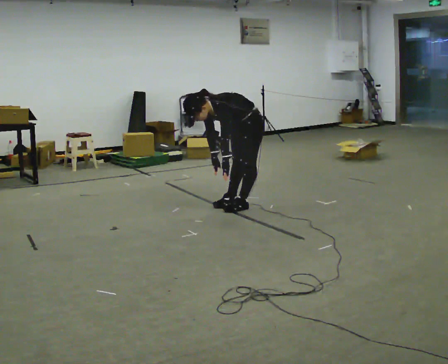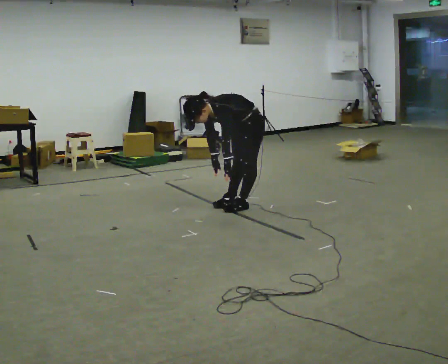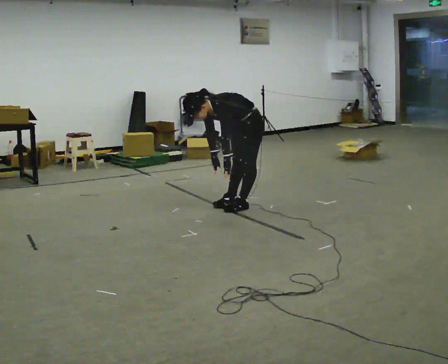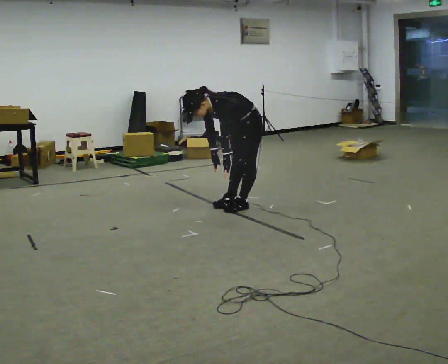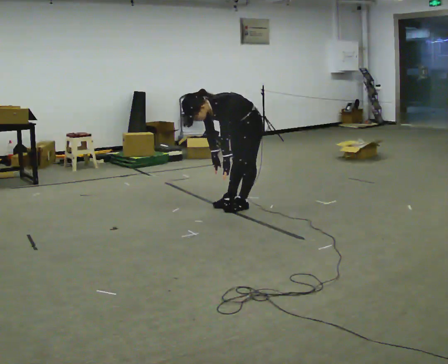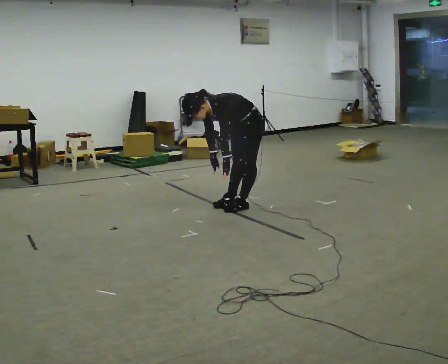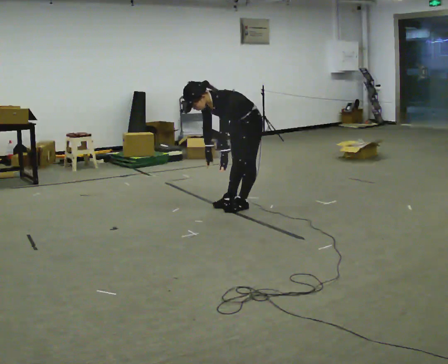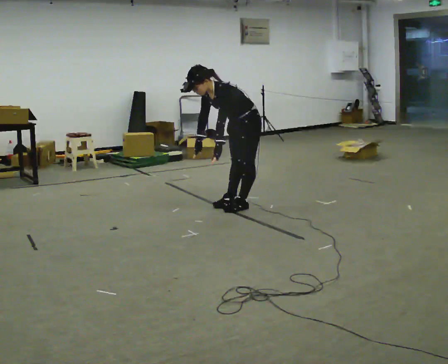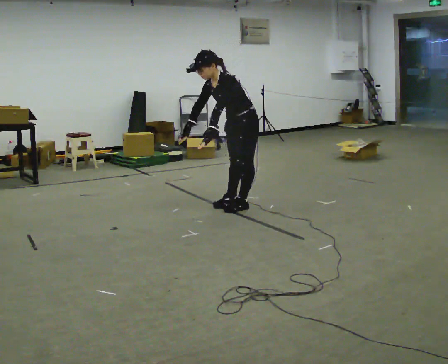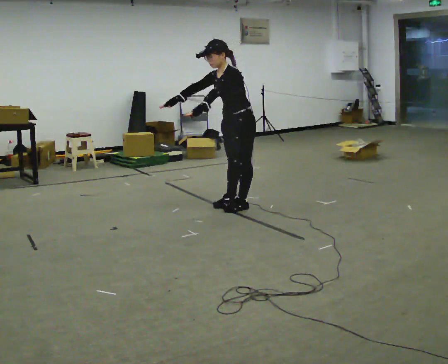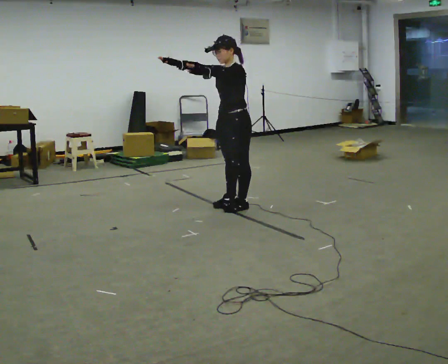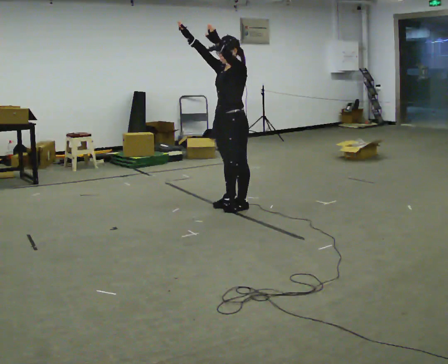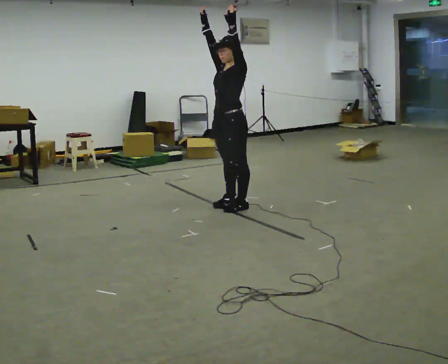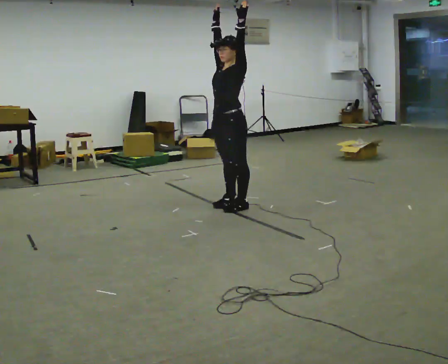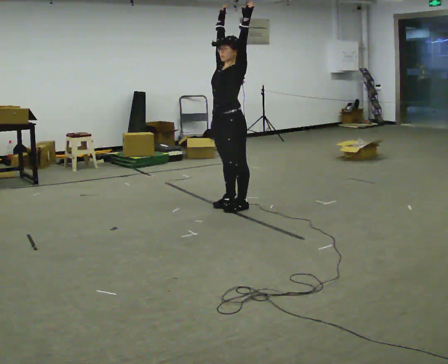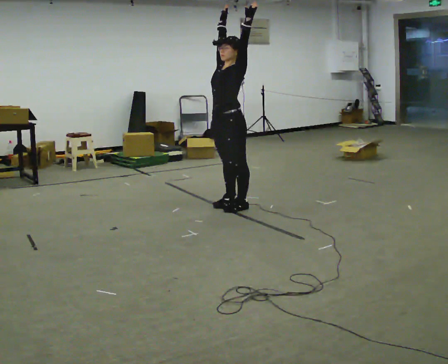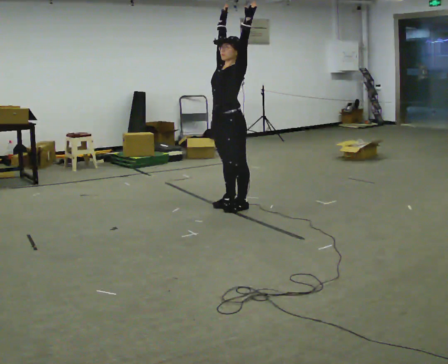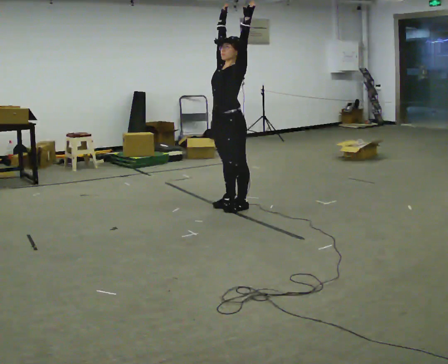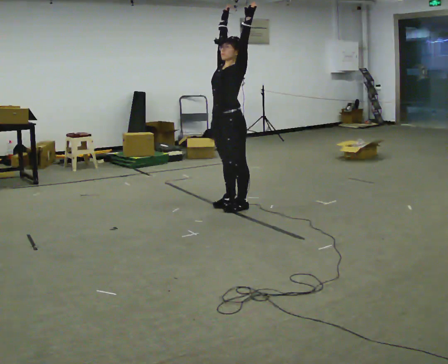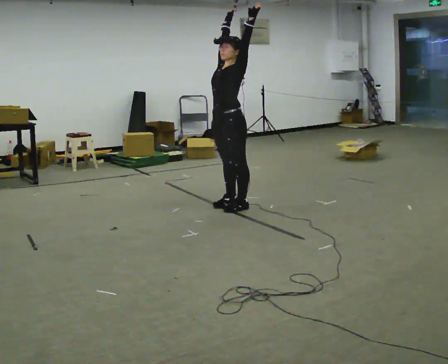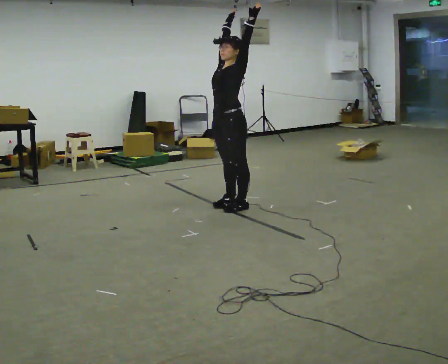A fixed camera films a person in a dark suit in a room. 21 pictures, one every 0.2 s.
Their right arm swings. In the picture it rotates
clockwise.
Their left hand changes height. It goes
upward.
0.0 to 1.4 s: The person moves a little, or ends about where they began.
1.4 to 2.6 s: In the picture they go to the left, about 0.25 m, which for them is forward. The shoulders move upward. In the picture the upper body tilts clockwise, shoulders to the right, as they lean back or straighten. In the picture their right hand goes upward, the arm swinging clockwise.
2.6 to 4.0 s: The person moves a little, or ends about where they began.
The film runs backward here.
